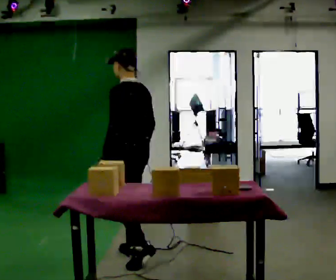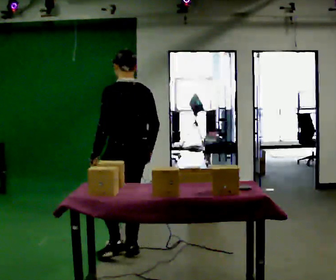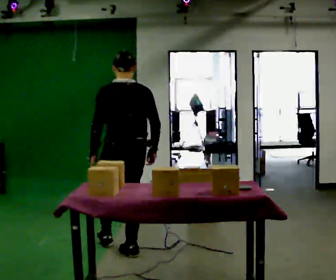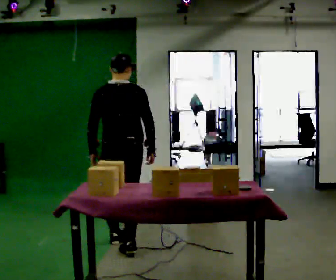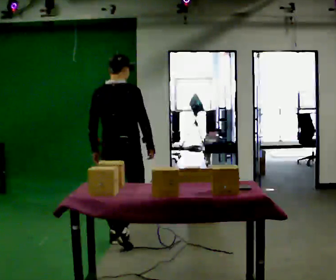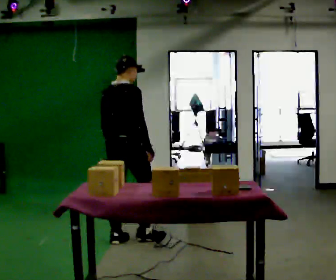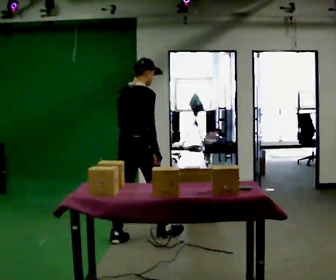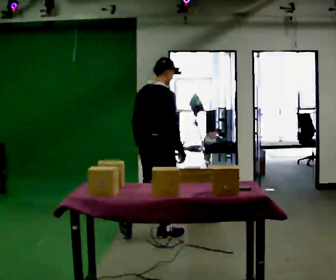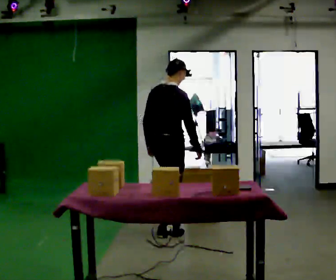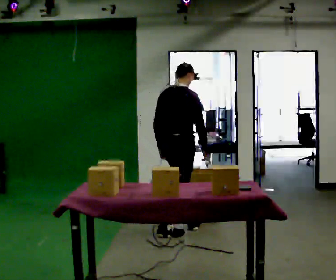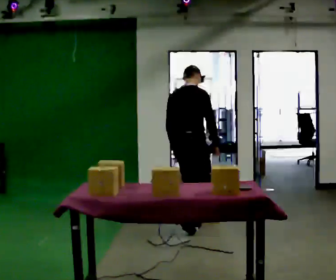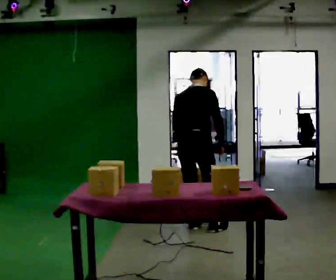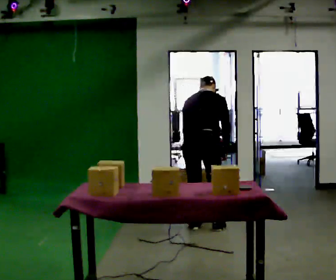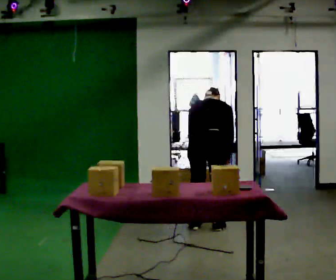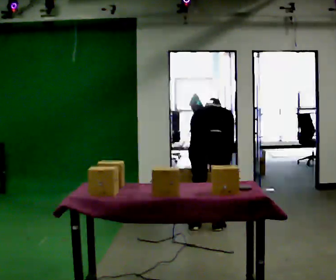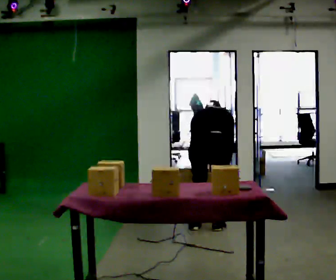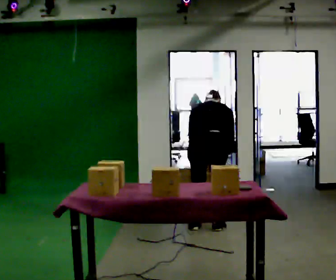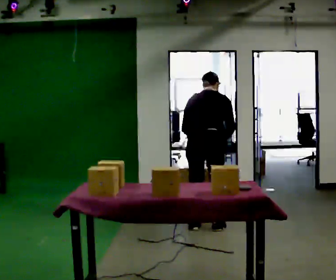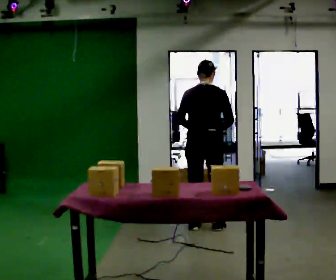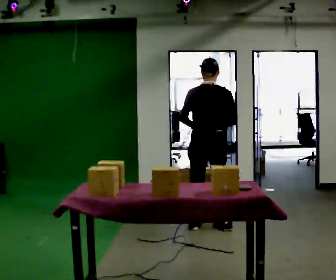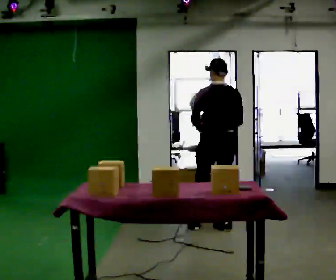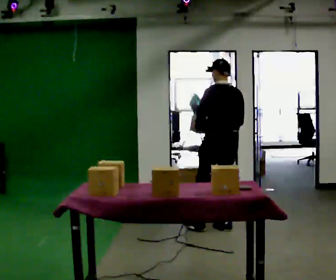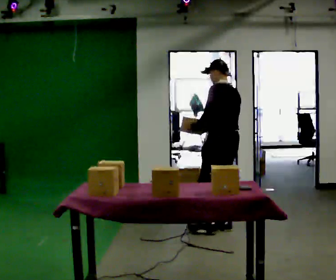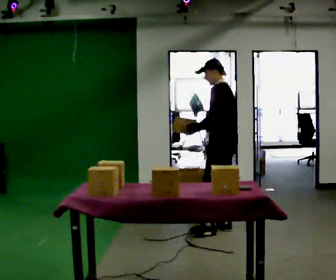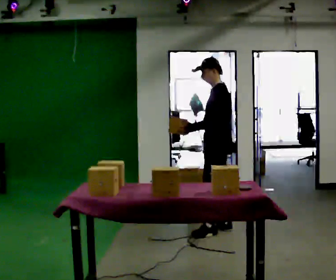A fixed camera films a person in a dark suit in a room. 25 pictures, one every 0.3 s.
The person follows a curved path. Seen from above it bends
clockwise.
0.0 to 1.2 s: The person turns about 90 degrees to their right, clockwise seen from above, so the part of the body nearest the lens slides to the left. In the picture they go away from the camera and to the left, about 0.5 m in 1 step.
1.2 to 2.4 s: In the picture they go to the right and away from the camera, about 0.5 m in 1 step, which for them is forward.
2.4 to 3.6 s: The person turns about 30 degrees to their left, counterclockwise seen from above, so the part of the body nearest the lens slides to the right. In the picture they go to the right and away from the camera, about 0.25 m in 2 steps, which for them is forward and to their right. The upper body tips away from the camera, its near side rolling upward, as they bend forward.
3.6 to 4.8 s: The person moves a little, or ends about where they began.
4.8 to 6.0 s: Seen from above the body turns counterclockwise, about 30 degrees: to their left, with its near side sliding to the right. The upper body goes upward. The upper body tips toward the camera, its near side rolling downward, as they lean back or straighten. In the picture their right hand goes upward.
6.0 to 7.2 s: Seen from above the body turns counterclockwise, about 60 degrees: to their left, with its near side sliding to the right.
The film runs forward here.
